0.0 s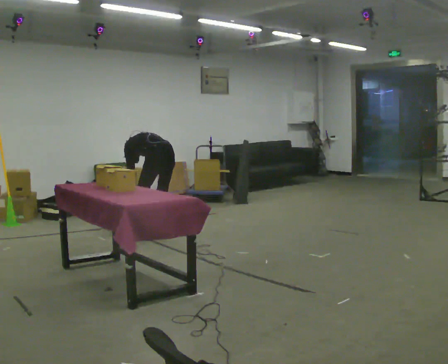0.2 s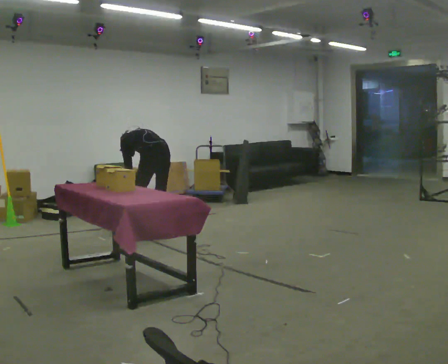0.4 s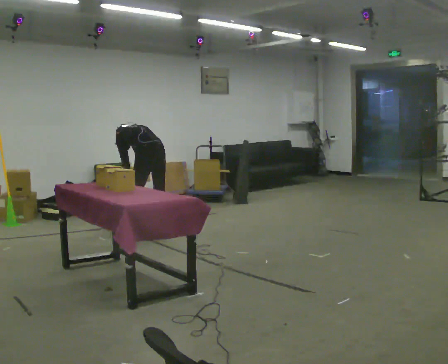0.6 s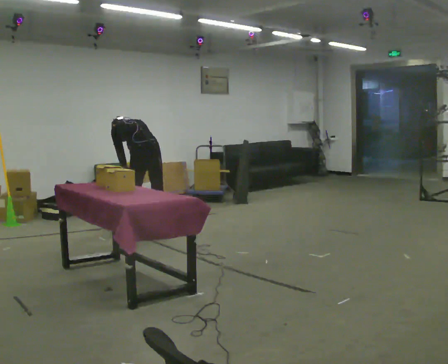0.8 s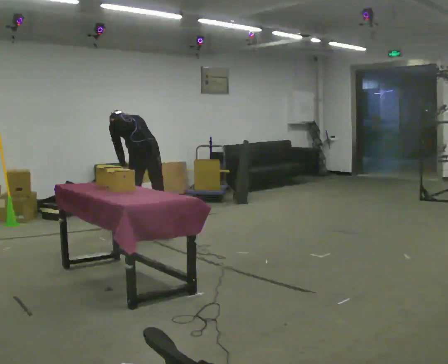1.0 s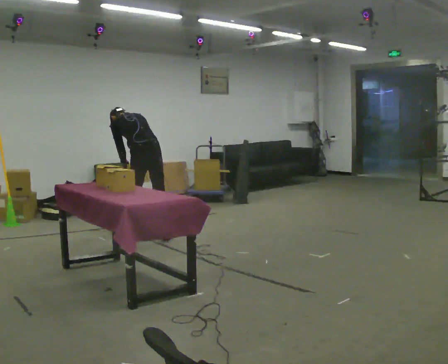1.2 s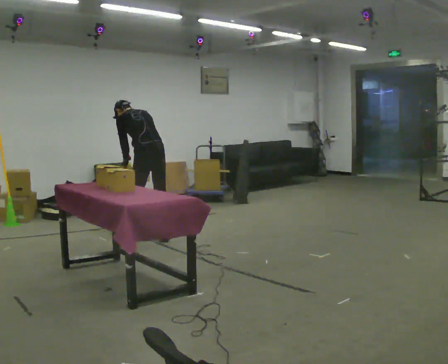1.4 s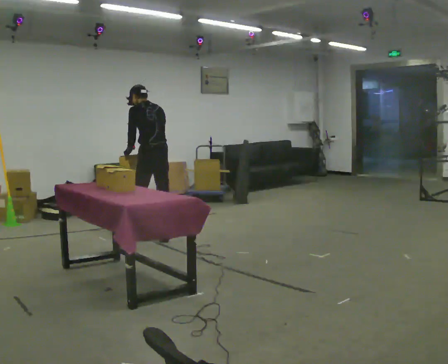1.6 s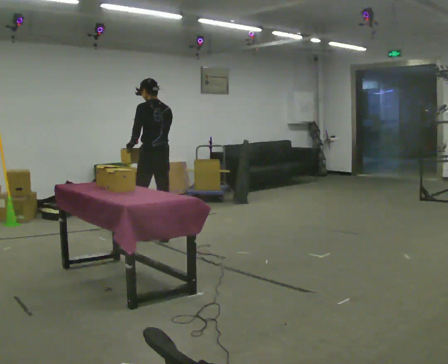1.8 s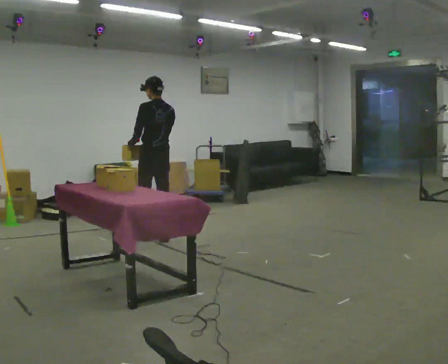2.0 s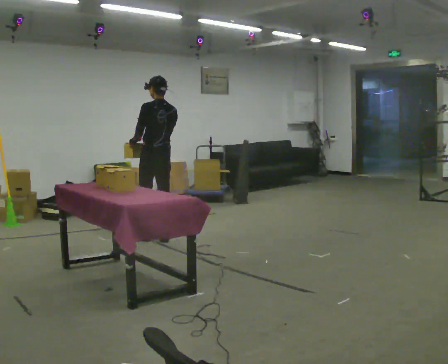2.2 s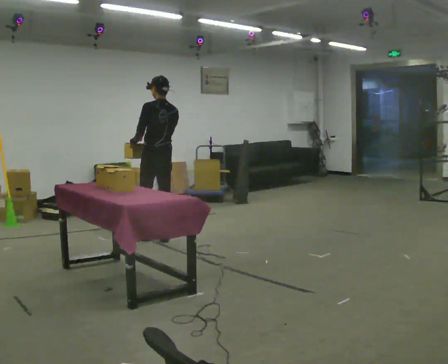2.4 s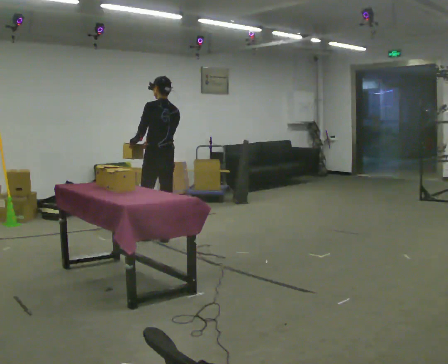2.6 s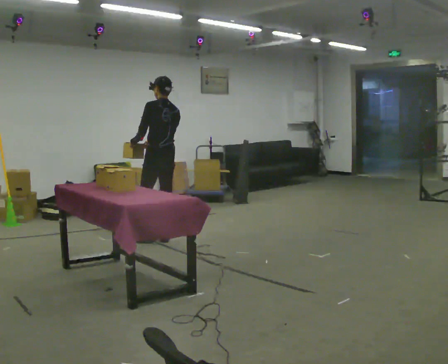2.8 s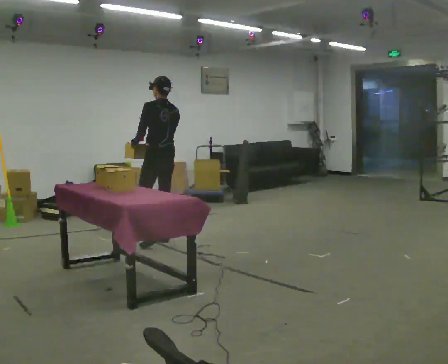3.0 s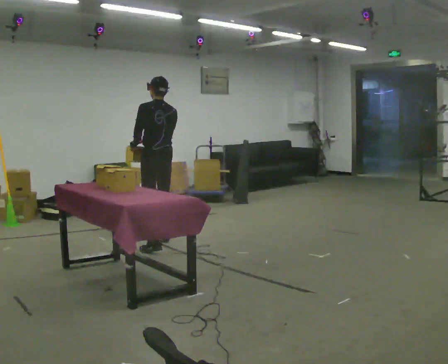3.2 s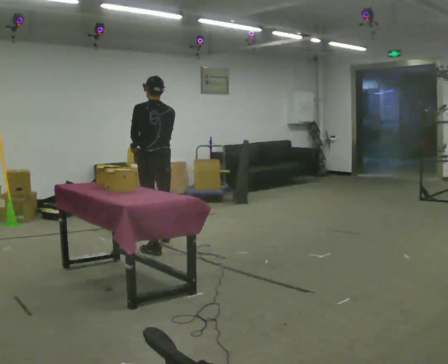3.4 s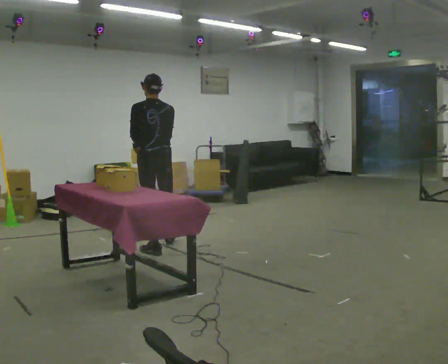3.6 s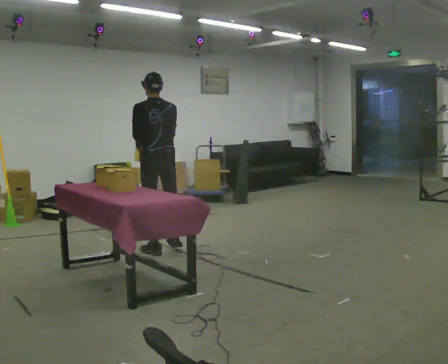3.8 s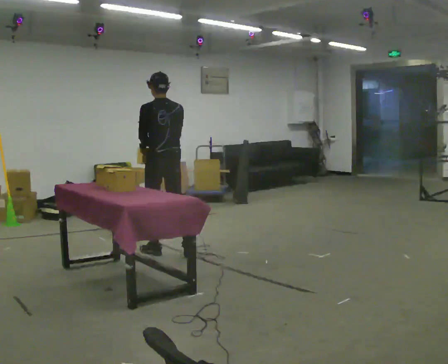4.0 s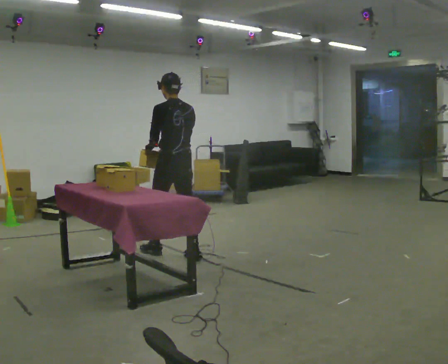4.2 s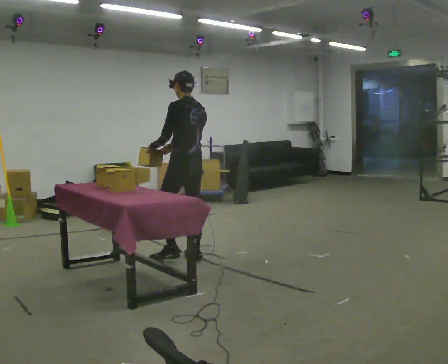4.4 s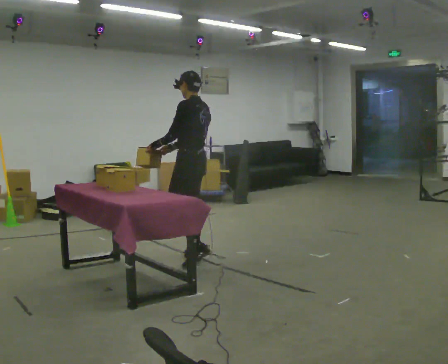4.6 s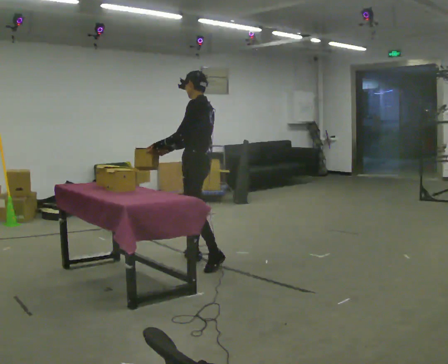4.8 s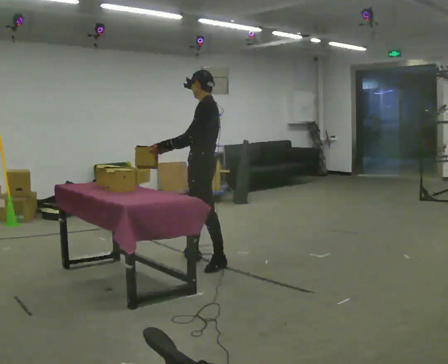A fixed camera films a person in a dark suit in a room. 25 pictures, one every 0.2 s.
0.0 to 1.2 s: The shoulders move upward. The upper body tips toward the camera, its near side rolling downward, as they lean back or straighten. In the picture their left hand goes upward.
1.2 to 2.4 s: In the picture the upper body tilts clockwise, shoulders to the right, as they lean back or straighten.
2.4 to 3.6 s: In the picture they go toward the camera, about 0.5 m in 2 steps, which for them is backward and to their left.
3.6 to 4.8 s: The part of the body nearest the lens slides to the right as the person turns to their left by about 60 degrees. In the picture they go toward the camera and to the right, about 0.5 m in 1 step.
The film runs backward here.
